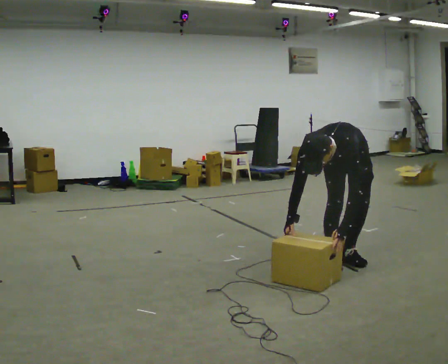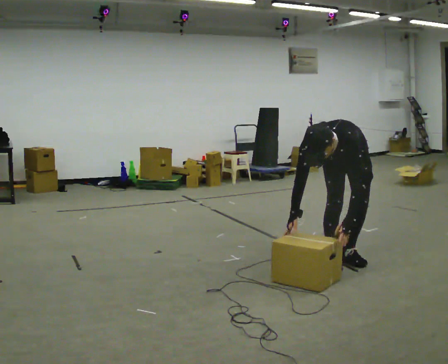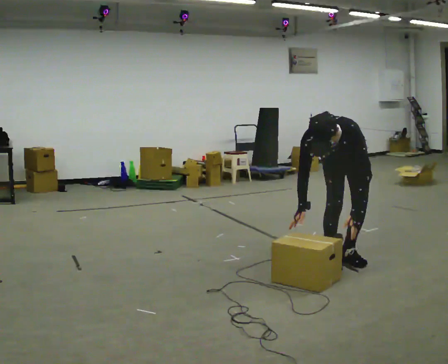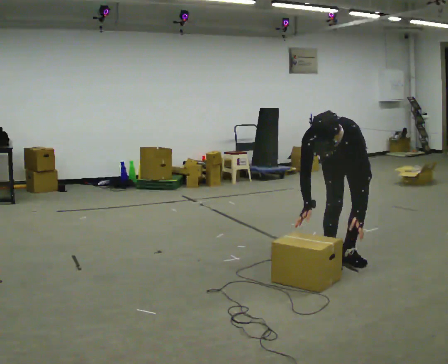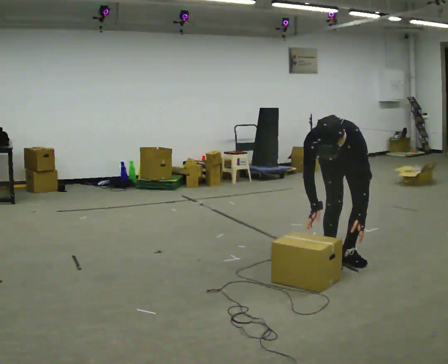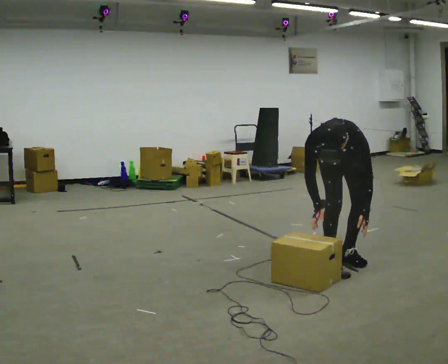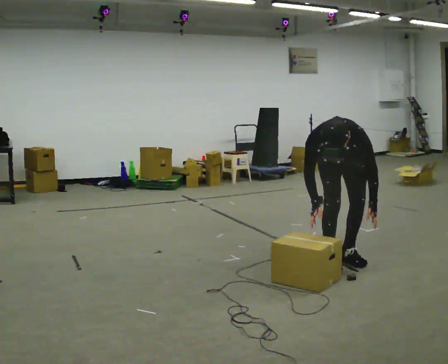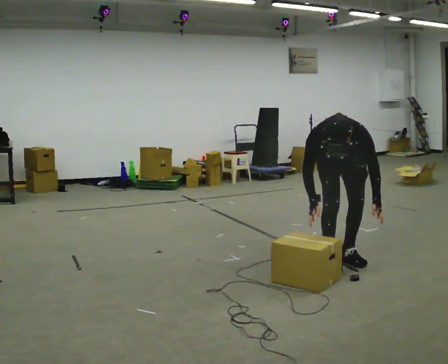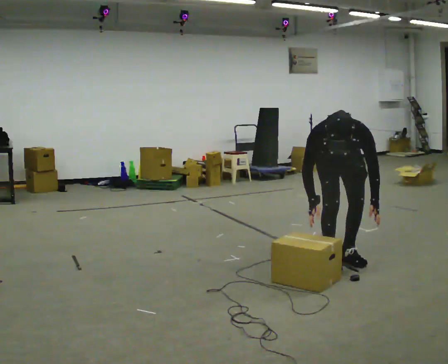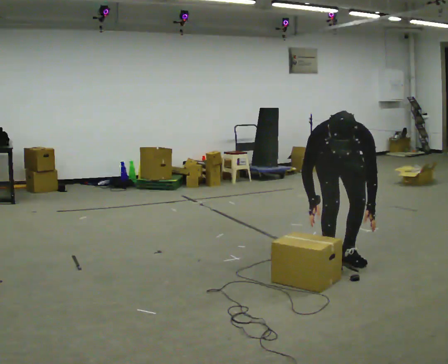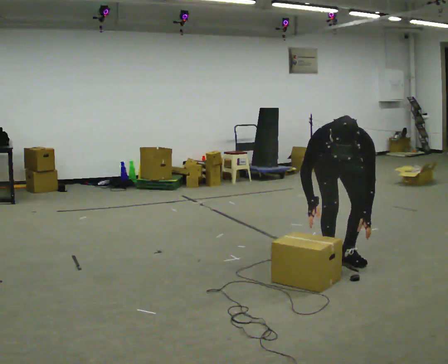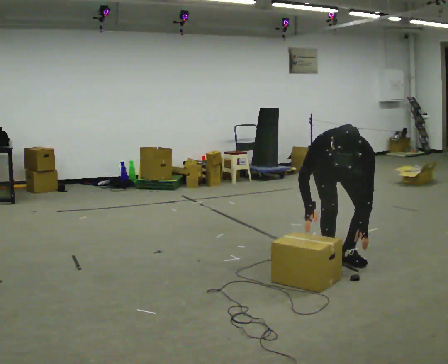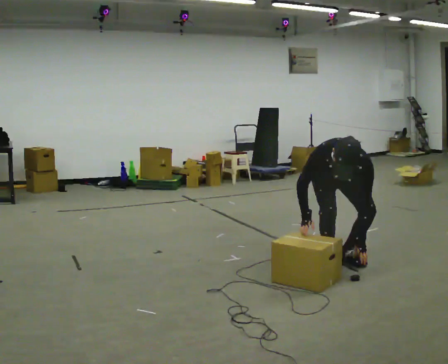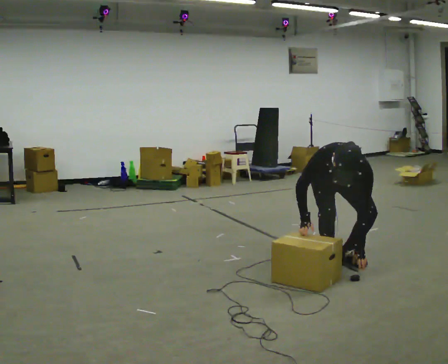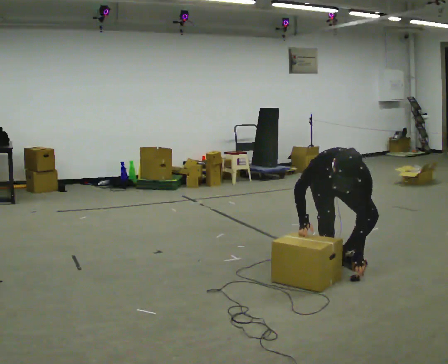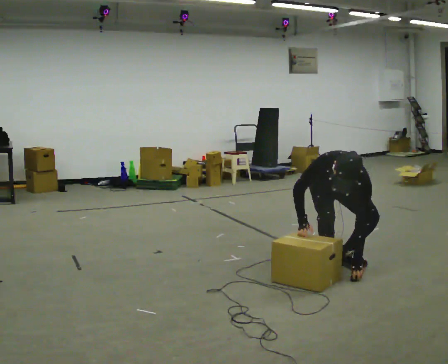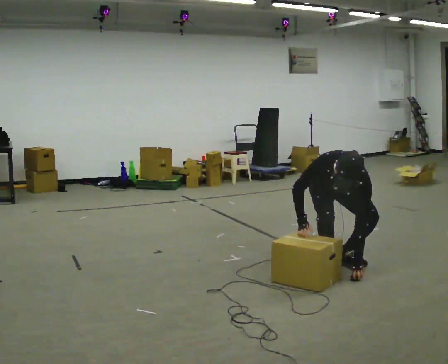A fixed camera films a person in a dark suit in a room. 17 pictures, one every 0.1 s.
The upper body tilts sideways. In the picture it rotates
clockwise.
0.0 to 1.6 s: In the picture the upper body tilts clockwise, shoulders to the right.
The film runs forward here.
